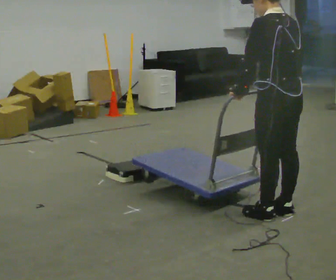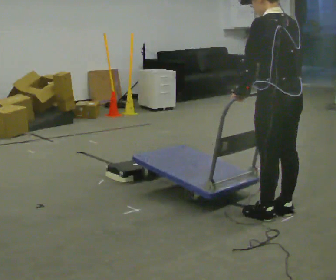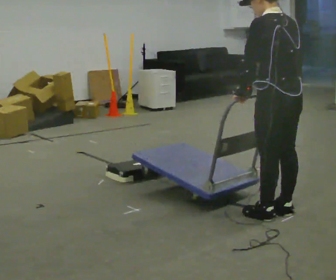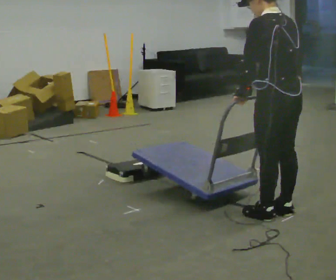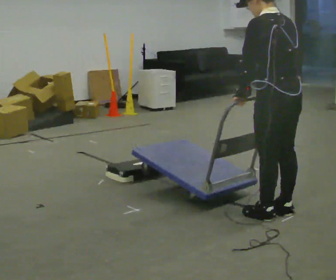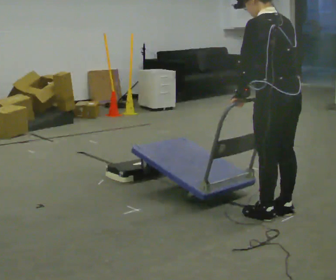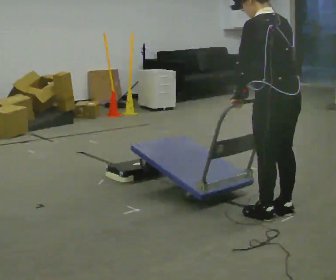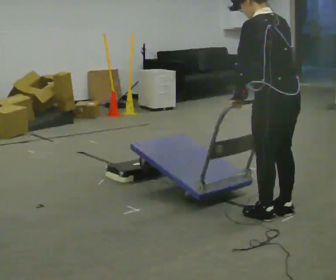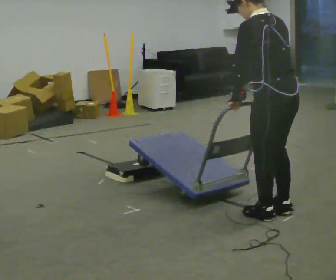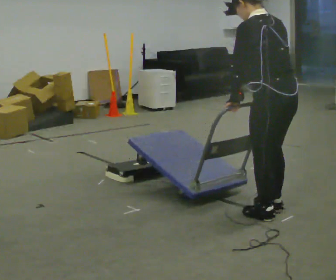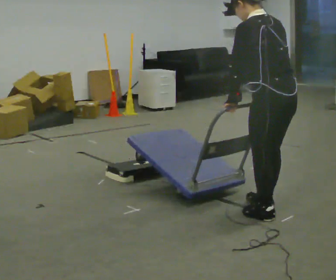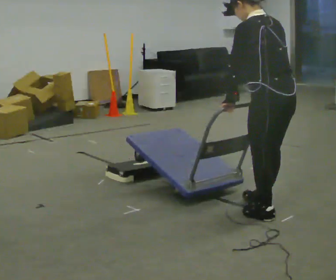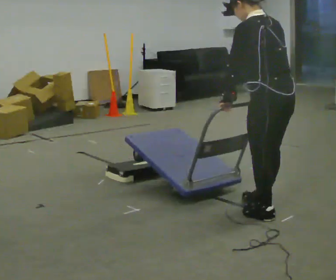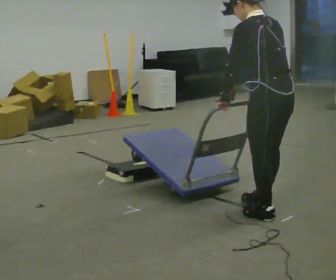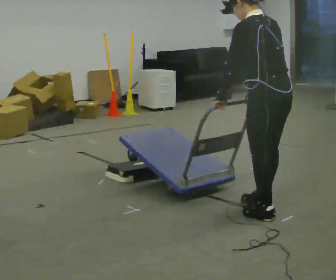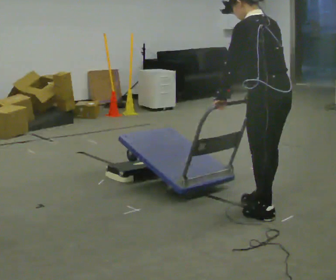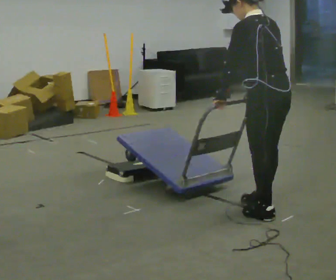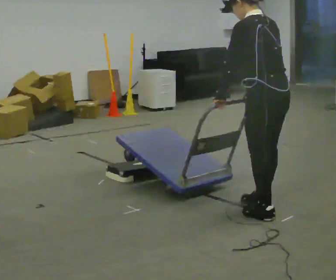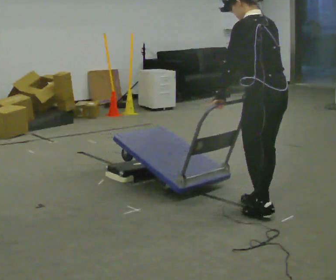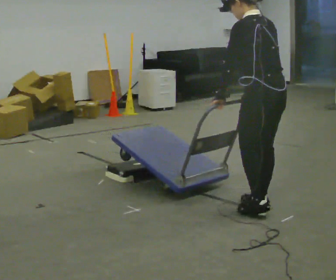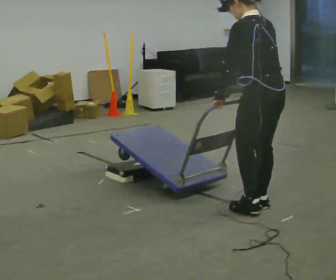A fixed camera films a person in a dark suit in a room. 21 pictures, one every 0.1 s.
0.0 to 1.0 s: The person moves a little, or ends about where they began.
1.0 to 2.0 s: In the picture they go away from the camera, about 0.25 m in 1 step, which for them is forward and to their right.
The film runs backward here.
